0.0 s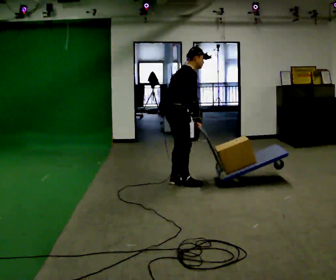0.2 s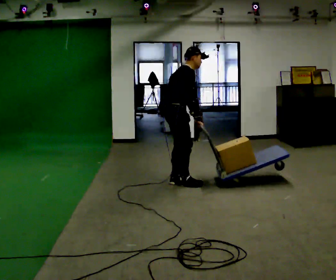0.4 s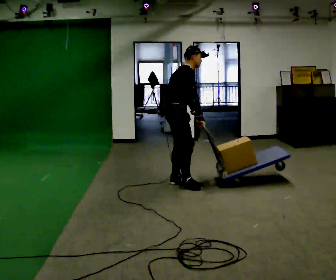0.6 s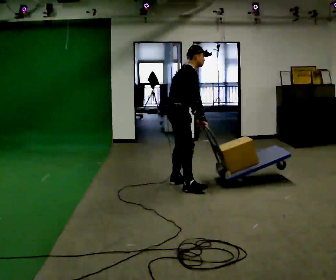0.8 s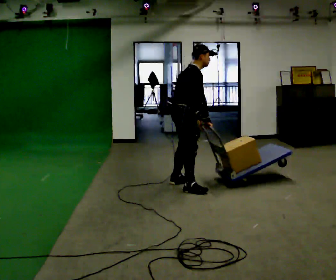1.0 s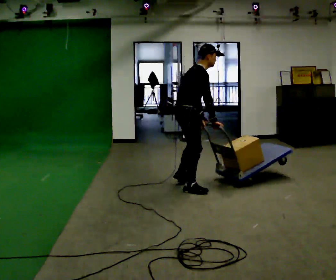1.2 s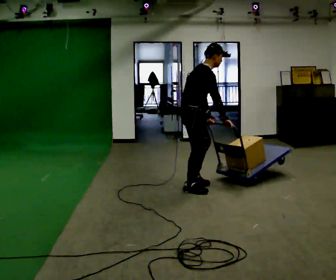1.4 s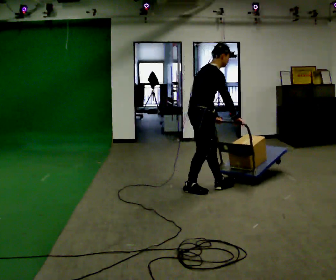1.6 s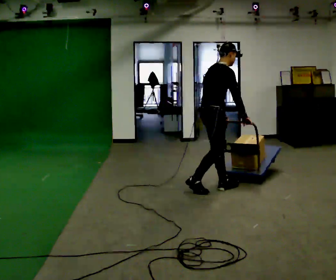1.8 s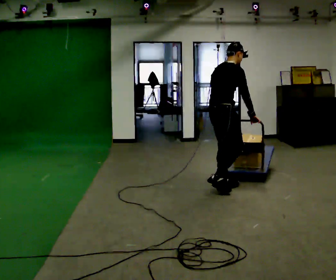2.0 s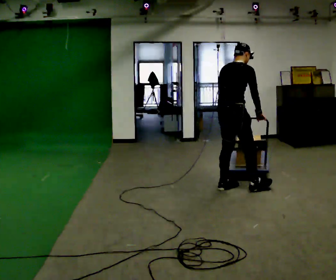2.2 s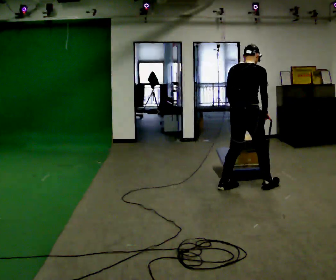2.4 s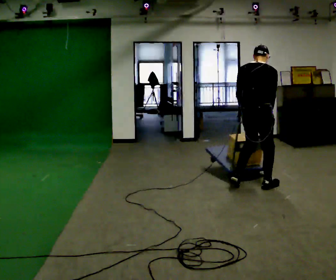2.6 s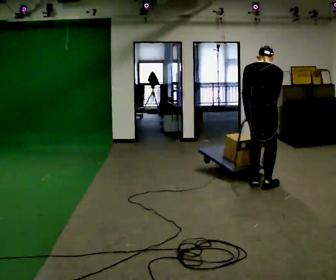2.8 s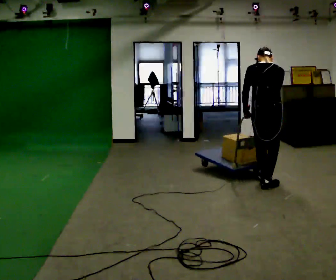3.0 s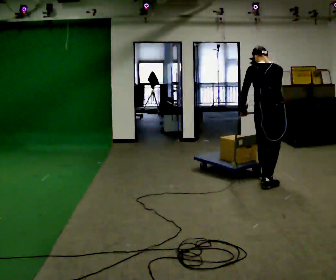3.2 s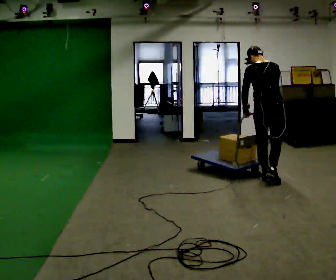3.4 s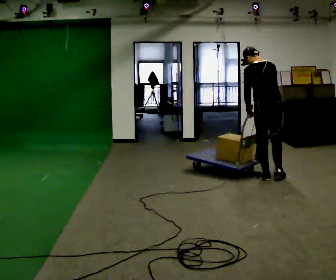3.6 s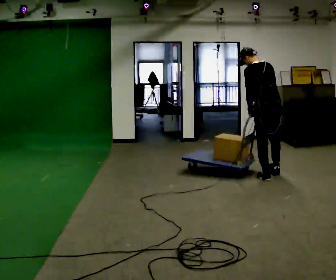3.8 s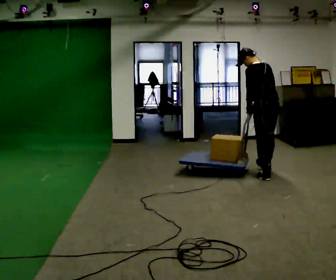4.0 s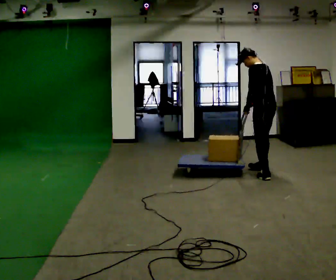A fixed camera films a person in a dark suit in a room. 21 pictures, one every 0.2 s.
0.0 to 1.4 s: In the picture they go to the right and toward the camera, about 0.5 m in 1 step, which for them is to their right and forward.
1.4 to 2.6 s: Seen from above the body turns counterclockwise, about 60 degrees: to their left, with its near side sliding to the right. In the picture they go to the right, about 0.5 m in 2 steps.
2.6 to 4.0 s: The person turns about 75 degrees to their left, counterclockwise seen from above, so the part of the body nearest the lens slides to the right. In the picture they go away from the camera, about 0.75 m in 2 steps.
The film runs forward here.
